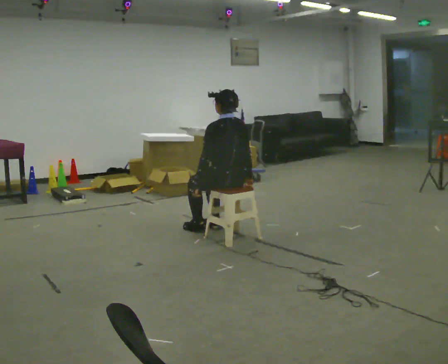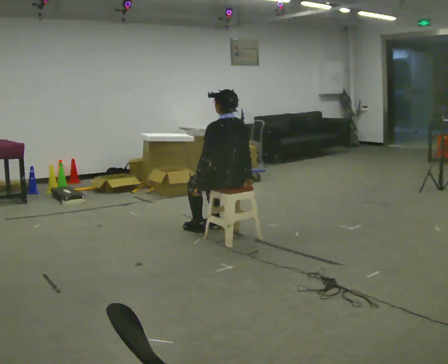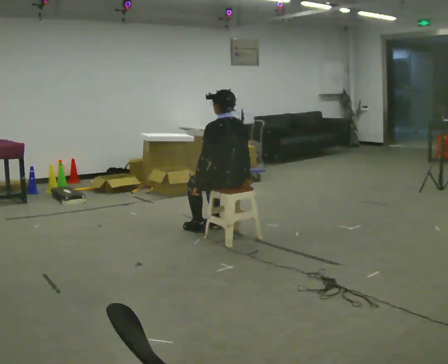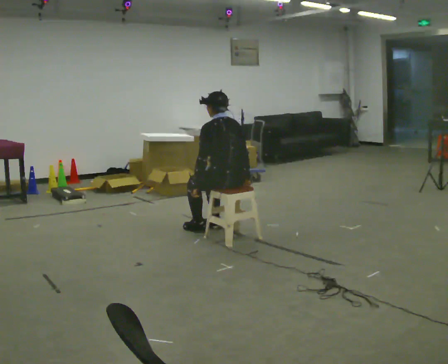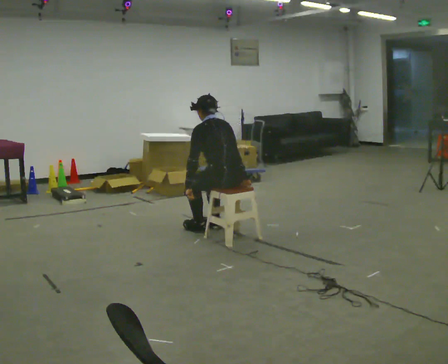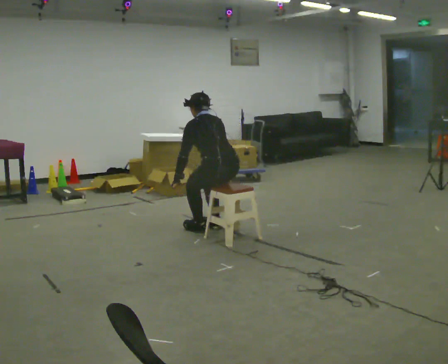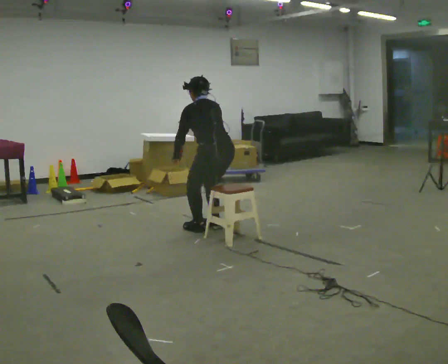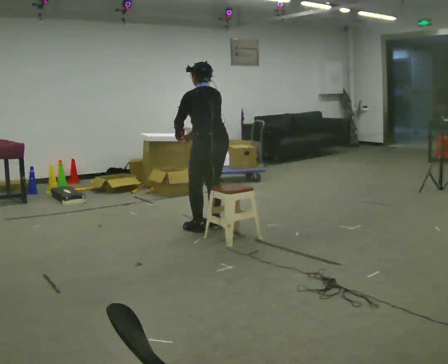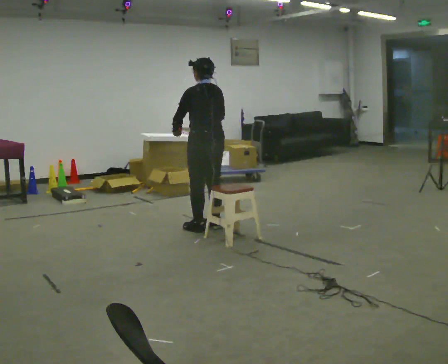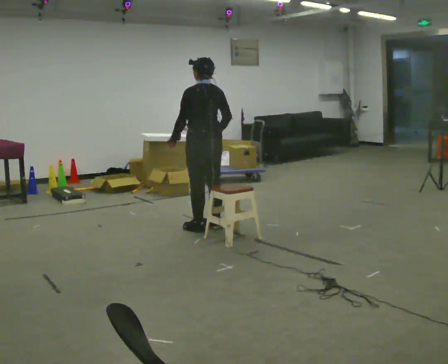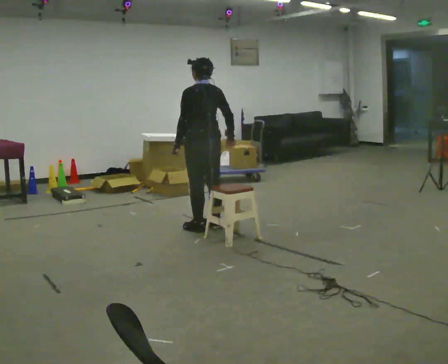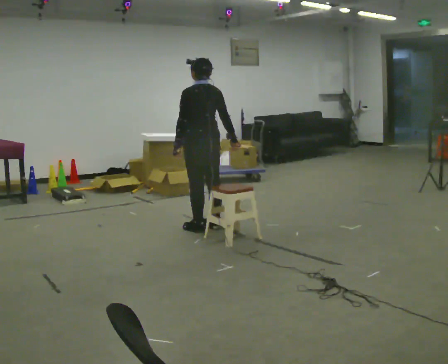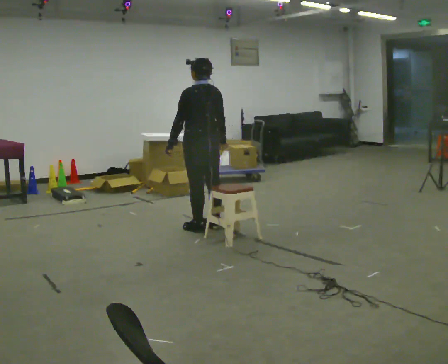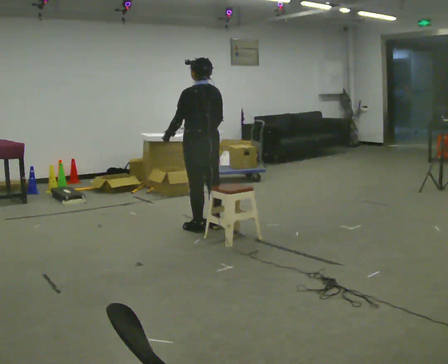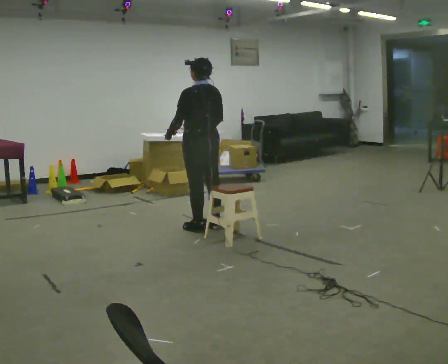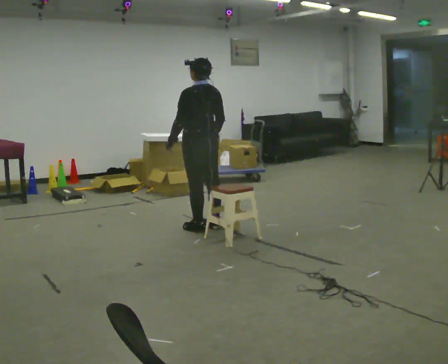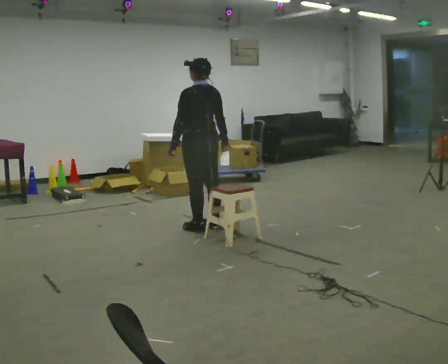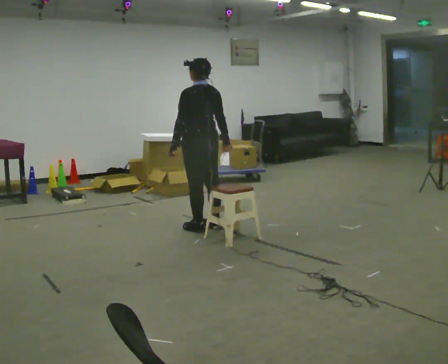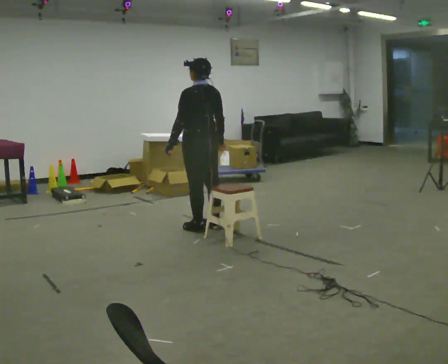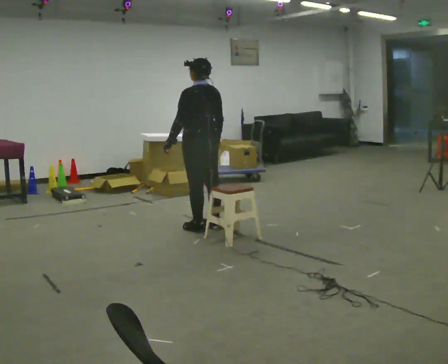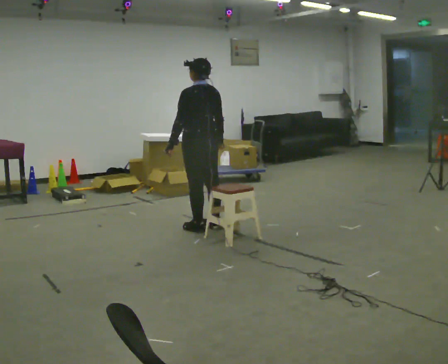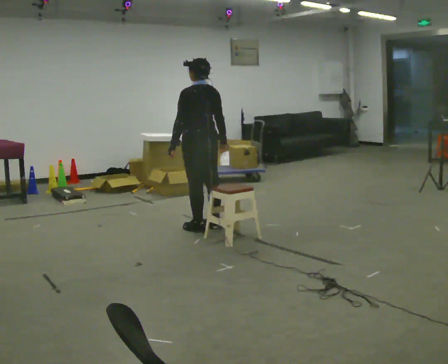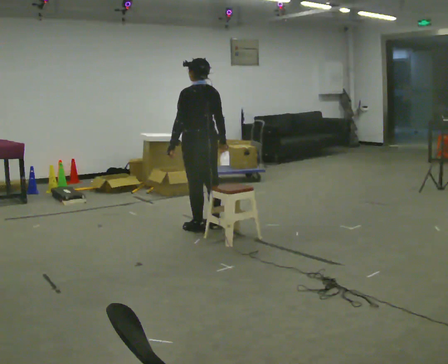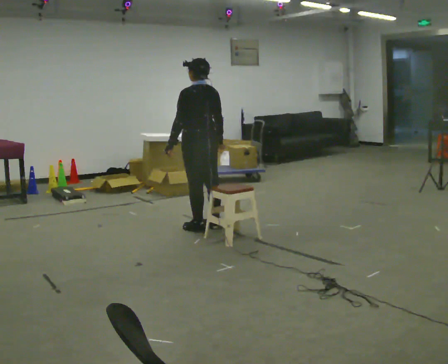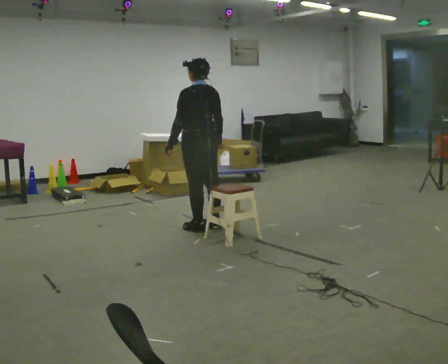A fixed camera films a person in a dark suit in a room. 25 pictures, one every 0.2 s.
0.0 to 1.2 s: The shoulders move upward.
1.2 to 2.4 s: The upper body tips toward the camera, its near side rolling downward, as they lean back or straighten.
2.4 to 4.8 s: The person moves a little, or ends about where they began.
The film runs forward here.
